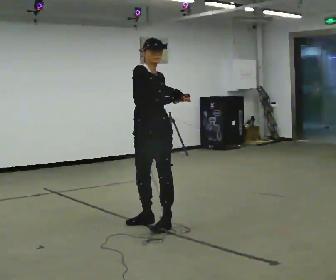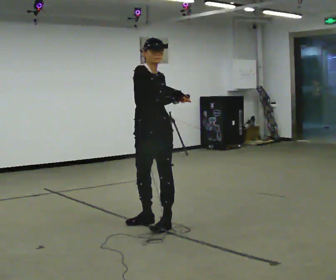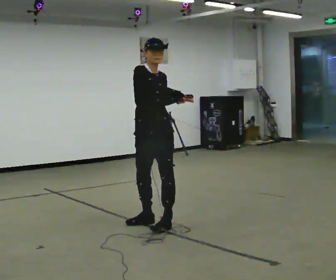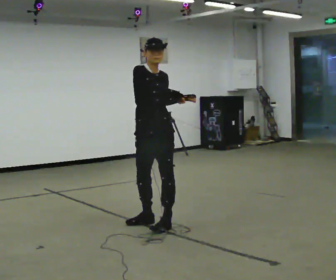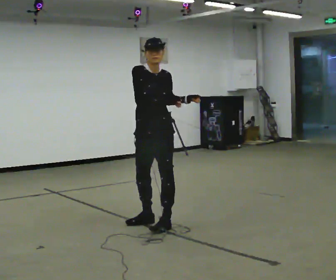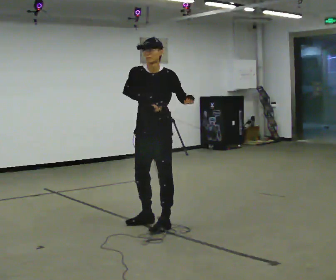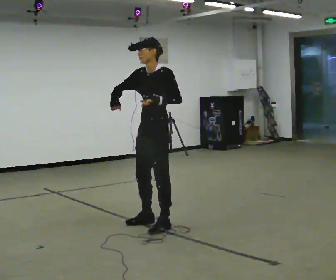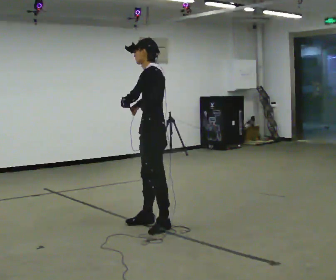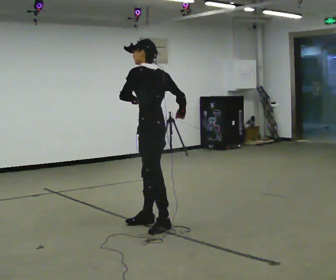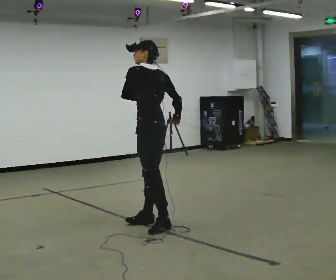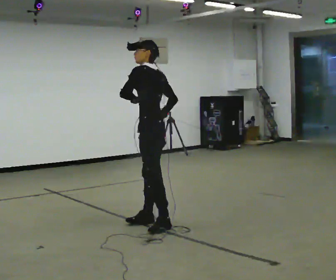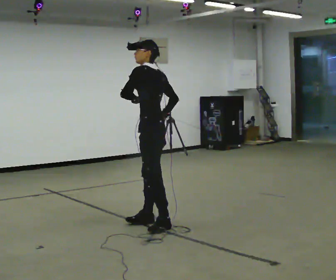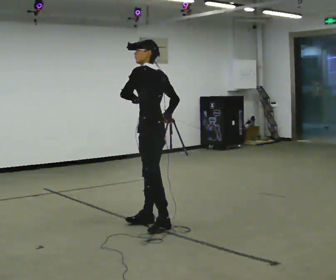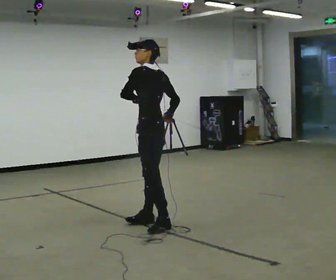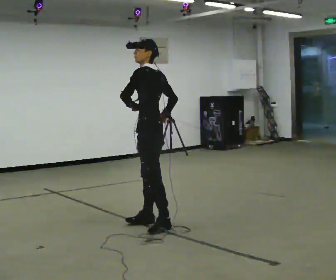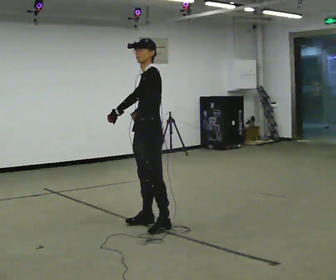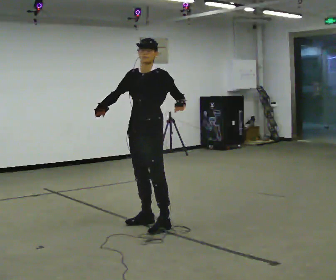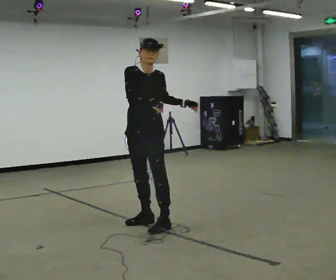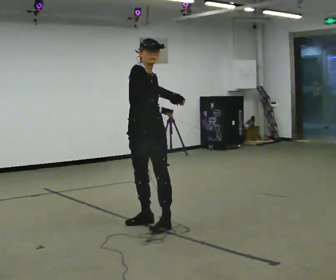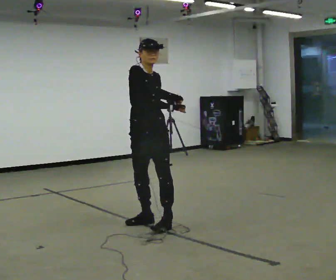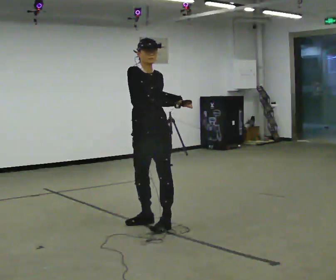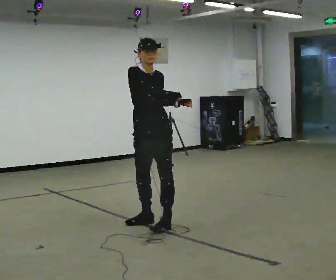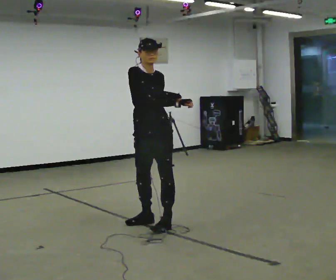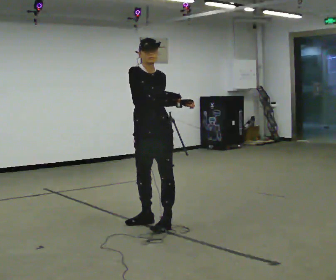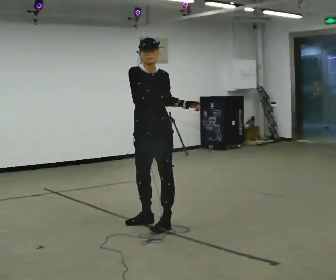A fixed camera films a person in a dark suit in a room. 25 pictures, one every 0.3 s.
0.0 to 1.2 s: The person moves a little, or ends about where they began.
1.2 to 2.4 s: The person turns about 120 degrees to their right, clockwise seen from above, so the part of the body nearest the lens slides to the left. In the picture their left hand goes to the left.
2.4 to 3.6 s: The person moves a little, or ends about where they began.
3.6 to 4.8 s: Seen from above the body turns counterclockwise, about 75 degrees: to their left, with its near side sliding to the right. In the picture their right hand goes to the left, the arm swinging clockwise.
4.8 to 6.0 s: The part of the body nearest the lens slides to the right as the person turns to their left by about 45 degrees. In the picture their right hand goes to the right.
6.0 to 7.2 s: The person moves a little, or ends about where they began.
The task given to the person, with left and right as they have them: Keeping your feet still, turn your upper body to look behind you on one side, return to the front, then turn to the other side. Repeat the movement at your own pace until the operator says stop; do not rush.
The film runs forward here.
